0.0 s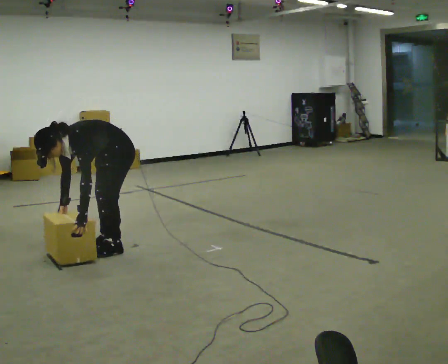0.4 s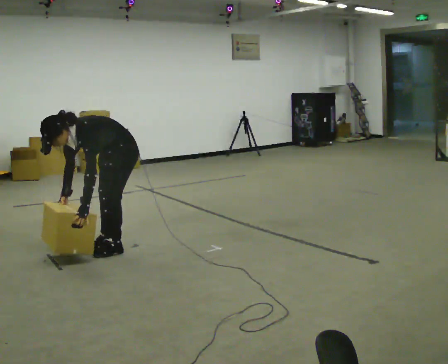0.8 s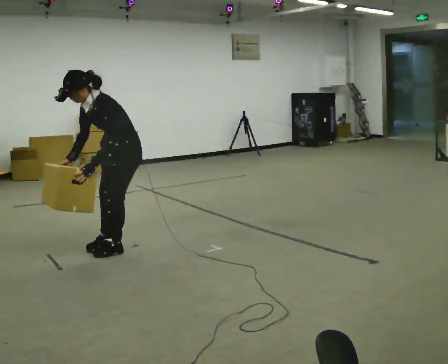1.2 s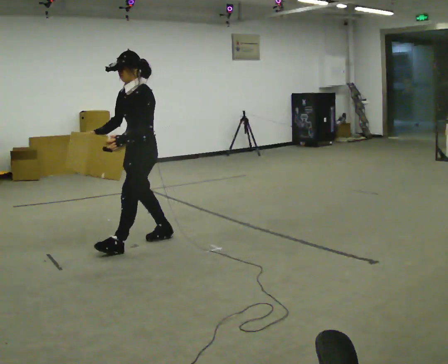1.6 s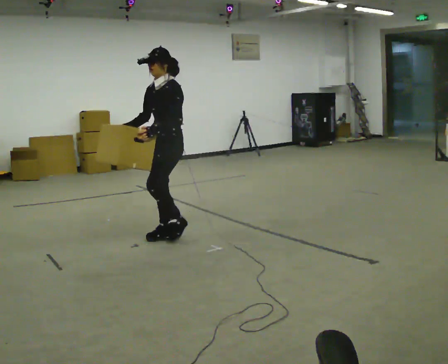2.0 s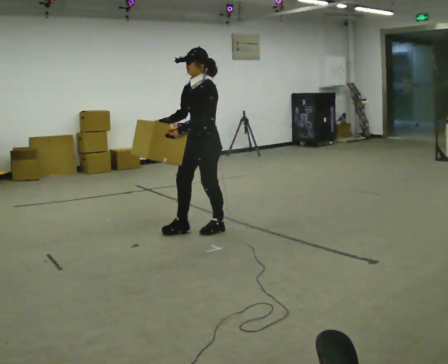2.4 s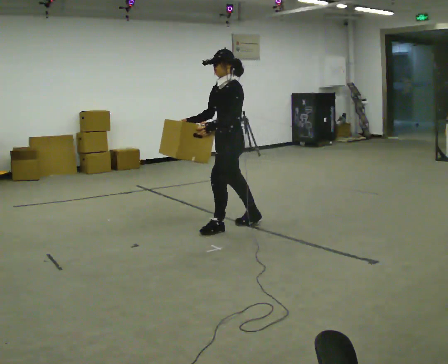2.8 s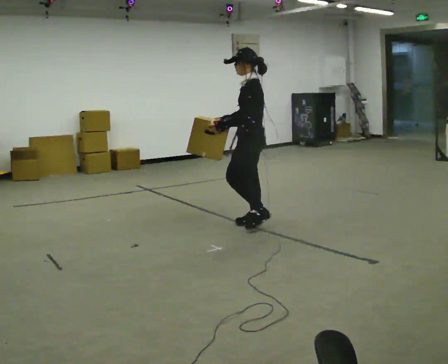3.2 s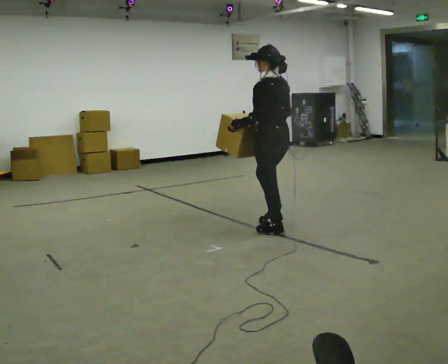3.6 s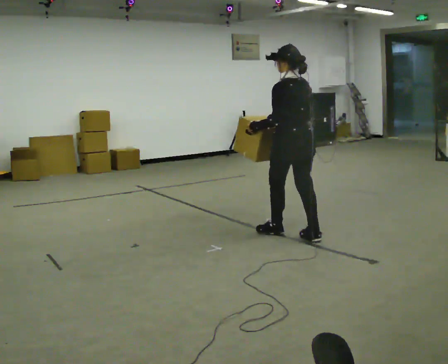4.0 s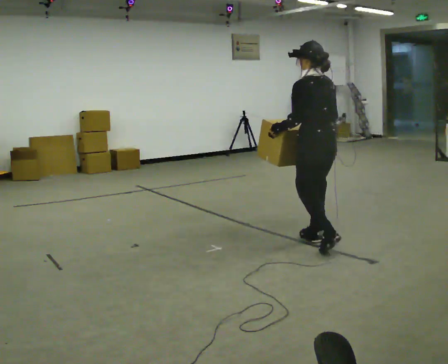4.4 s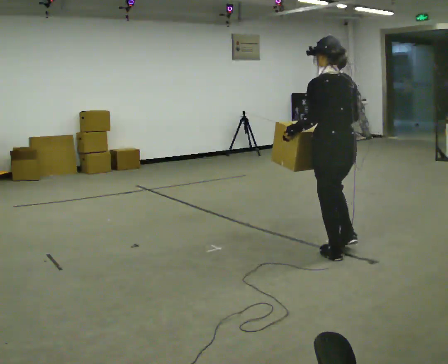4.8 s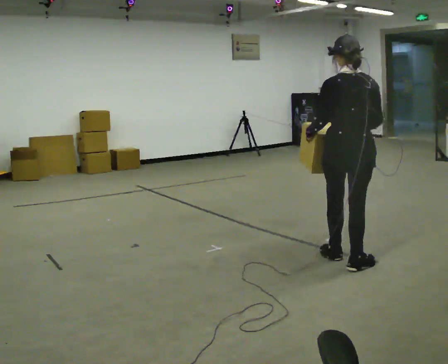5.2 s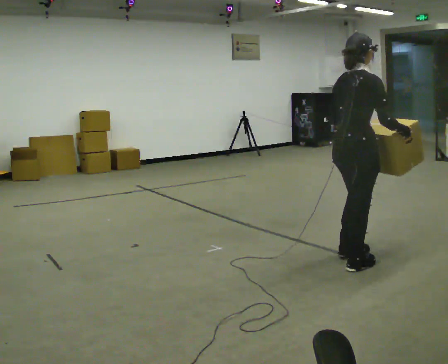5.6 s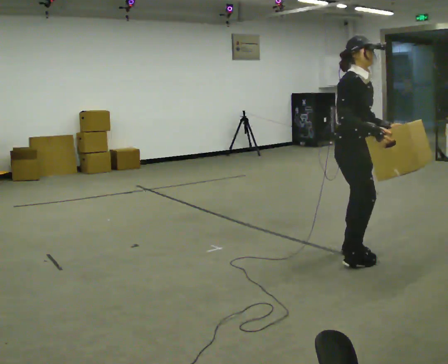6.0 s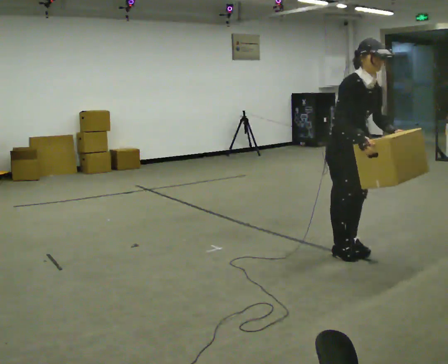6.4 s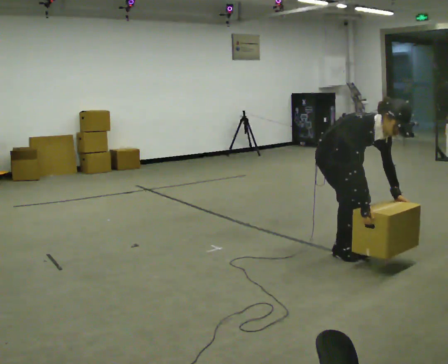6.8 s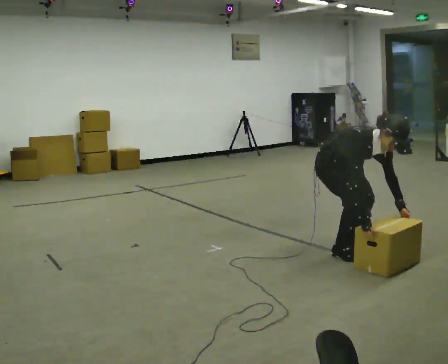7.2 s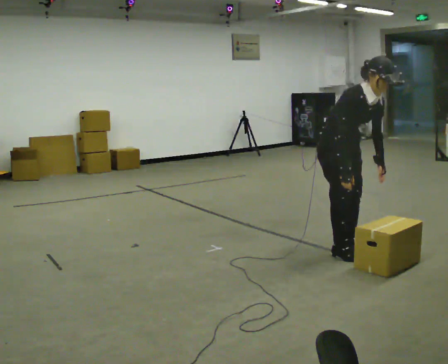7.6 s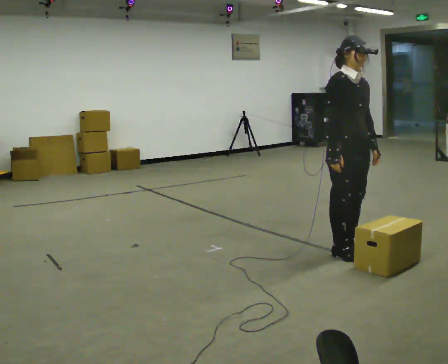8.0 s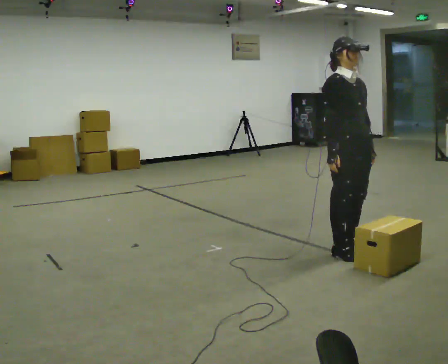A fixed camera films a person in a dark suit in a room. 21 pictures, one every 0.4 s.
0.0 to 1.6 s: In the picture they go away from the camera and to the right, about 0.5 m in 2 steps, which for them is backward. The shoulders move upward. The upper body tips away from the camera, its near side rolling upward, as they lean back or straighten. In the picture their right hand goes upward.
1.6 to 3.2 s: Seen from above the body turns clockwise, about 75 degrees: to their right, with its near side sliding to the left. In the picture they go to the right, about 1 m in 3 steps.
3.2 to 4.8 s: The part of the body nearest the lens slides to the left as the person turns to their right by about 60 degrees. In the picture they go toward the camera and to the right, about 1 m in 2 steps, which for them is backward.
4.8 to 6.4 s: Seen from above the body turns clockwise, about 135 degrees: to their right, with its near side sliding to the left. In the picture they go away from the camera, about 0.25 m in 2 steps. The upper body goes downward. The upper body tips toward the camera, its near side rolling downward, as they bend forward. In the picture their right hand goes downward.
6.4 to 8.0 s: In the picture the upper body tilts counterclockwise, shoulders to the left, as they lean back or straighten.
The film runs backward here.
